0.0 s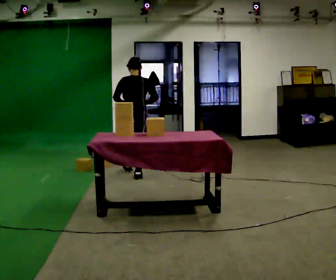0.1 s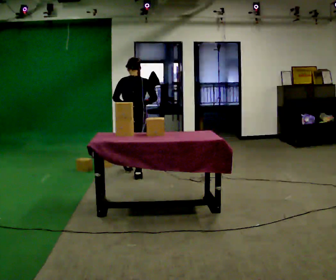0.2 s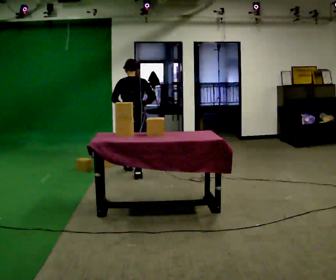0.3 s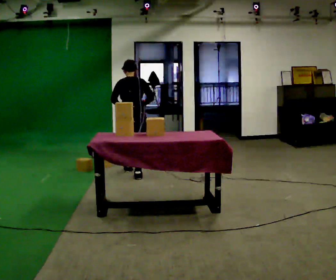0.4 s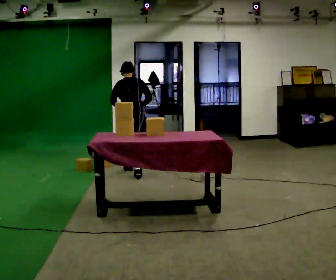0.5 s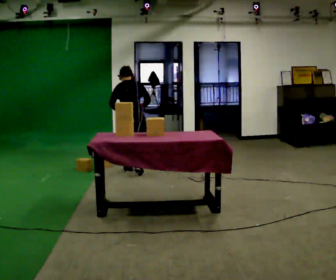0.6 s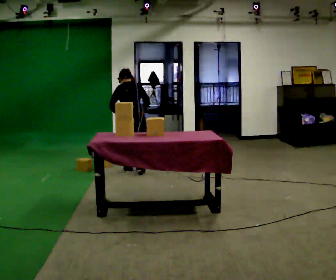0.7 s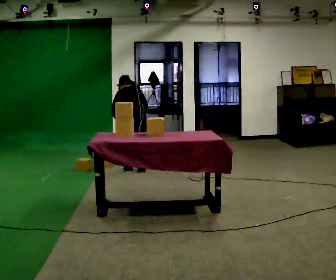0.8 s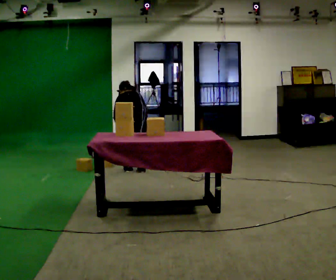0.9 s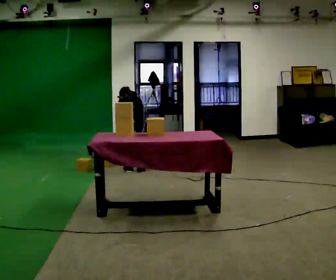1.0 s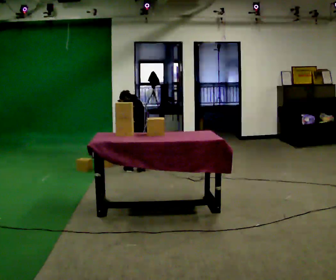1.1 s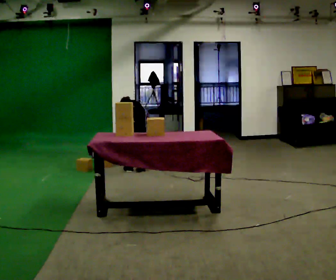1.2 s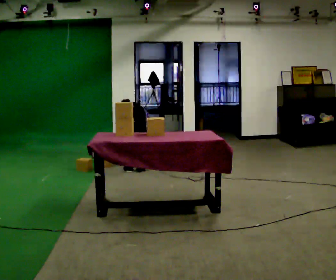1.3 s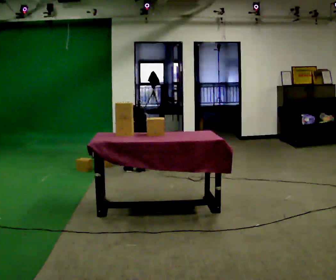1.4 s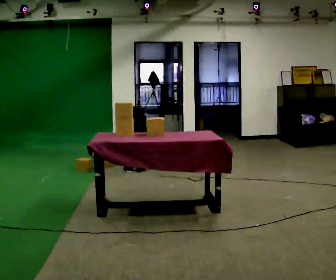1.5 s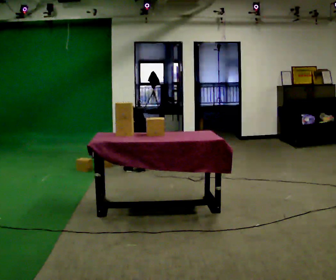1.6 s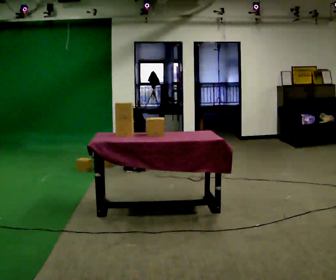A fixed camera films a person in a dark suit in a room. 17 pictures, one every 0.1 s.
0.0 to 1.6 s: In the picture they go away from the camera, about 0.25 m in 2 steps, which for them is forward. The upper body goes downward. The upper body tips away from the camera, its near side rolling upward, as they bend forward. In the picture their left hand goes downward.
The film runs forward here.
